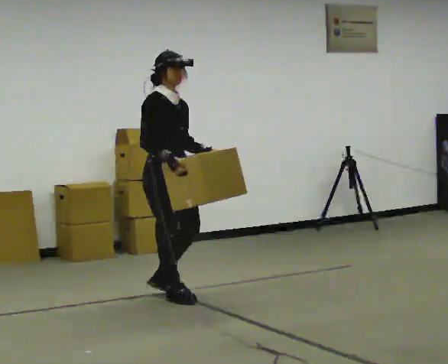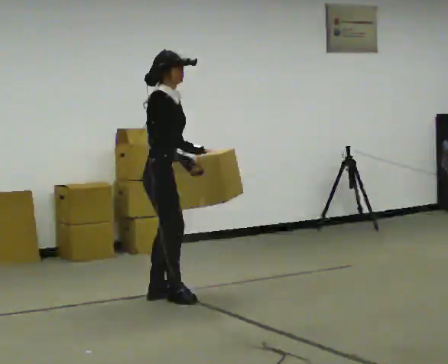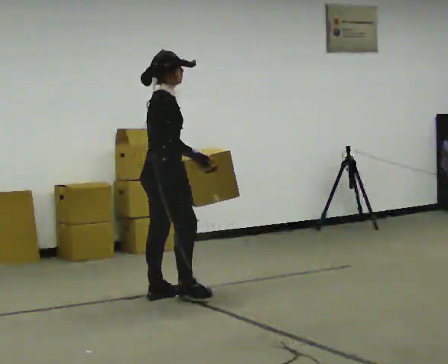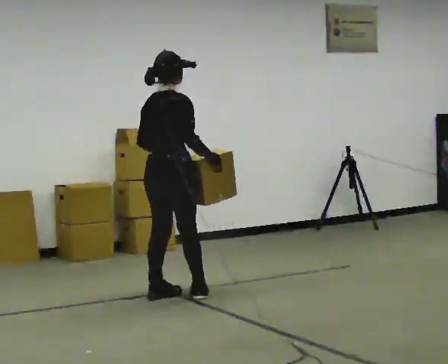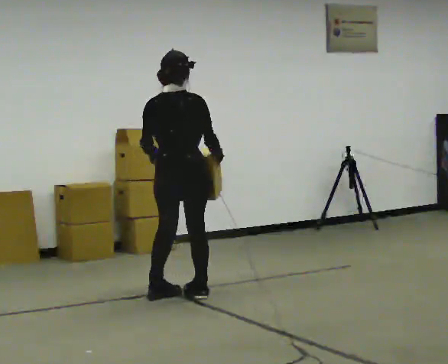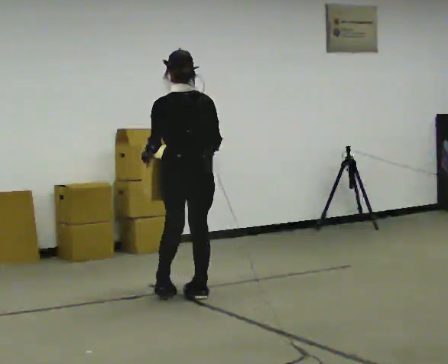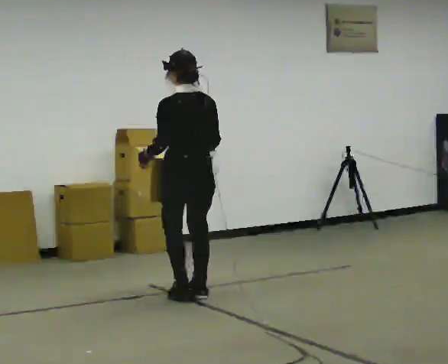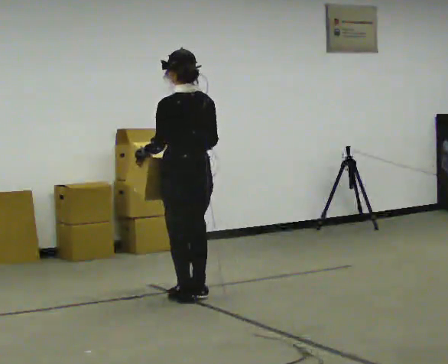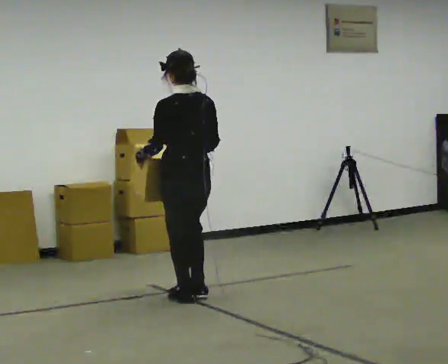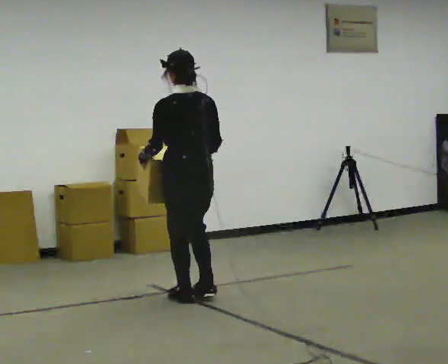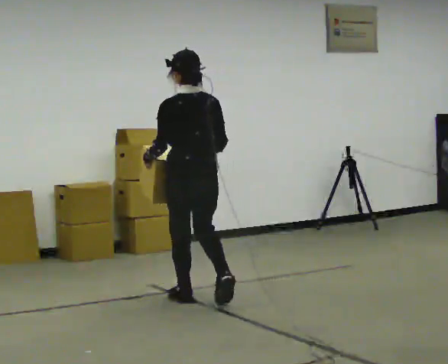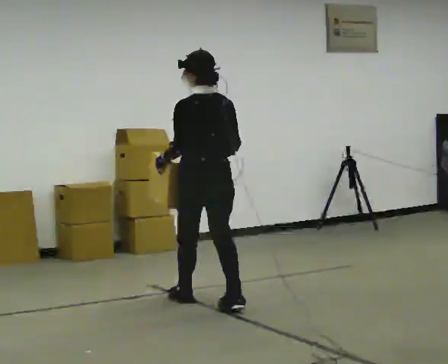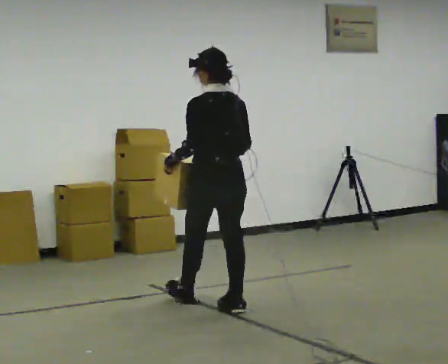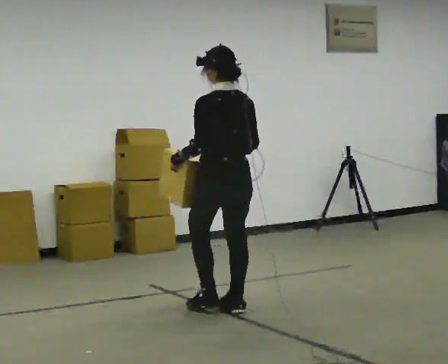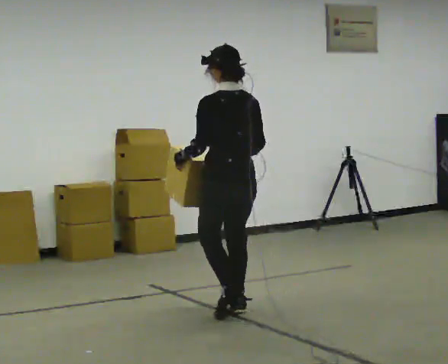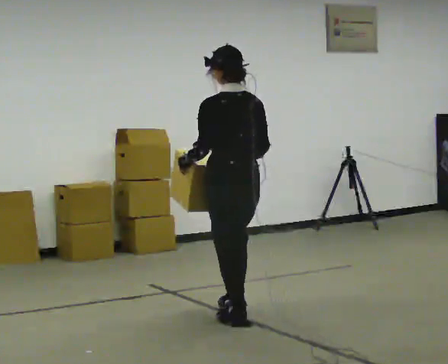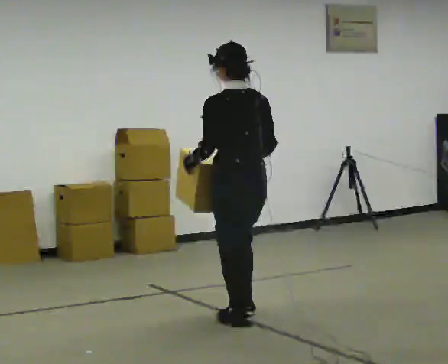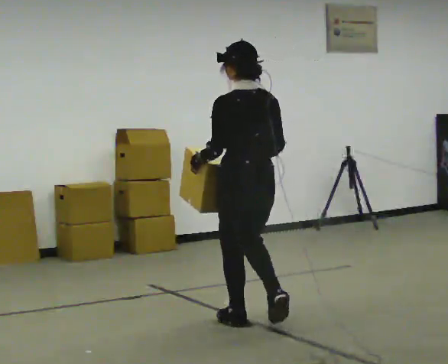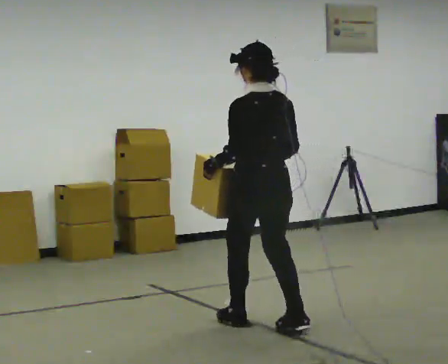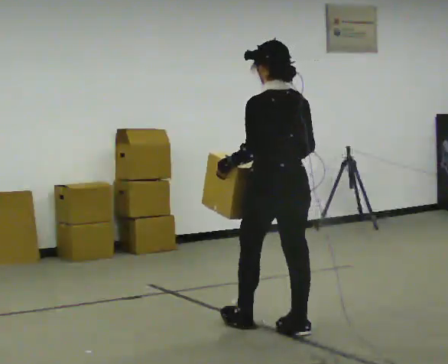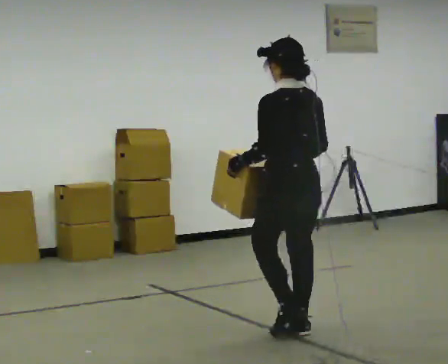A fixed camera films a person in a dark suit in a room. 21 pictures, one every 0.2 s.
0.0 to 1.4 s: Seen from above the body turns counterclockwise, about 165 degrees: to their left, with its near side sliding to the right. In the picture they go to the right, about 0.25 m in 2 steps.
1.4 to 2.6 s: In the picture they go toward the camera and to the right, about 0.5 m in 2 steps, which for them is backward.
2.6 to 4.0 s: In the picture they go toward the camera and to the right, about 0.5 m in 2 steps, which for them is backward.
The film runs backward here.
